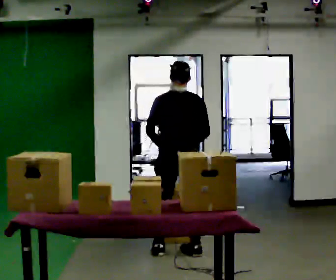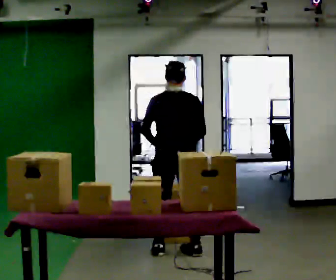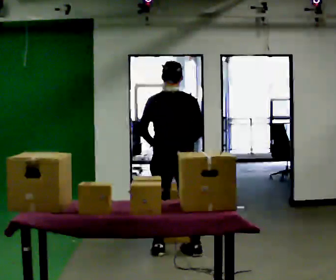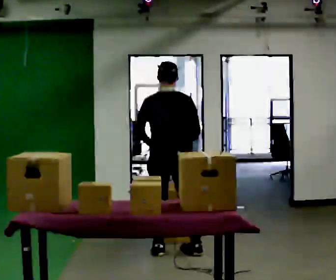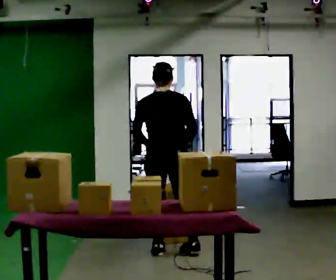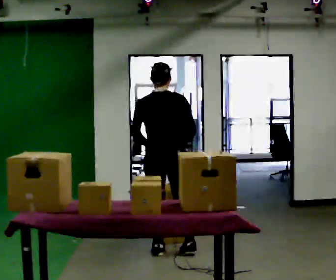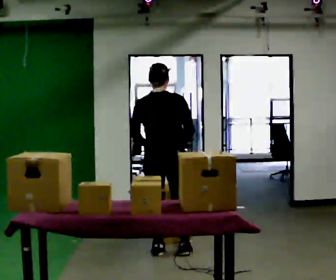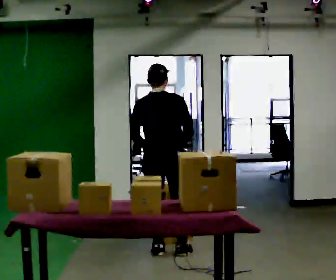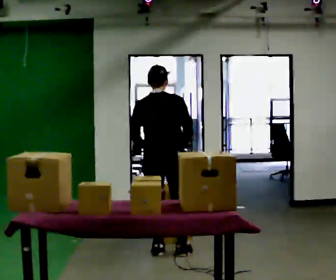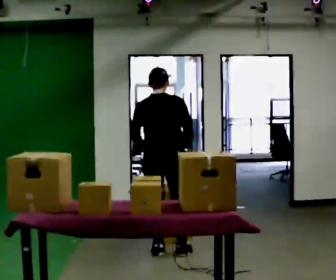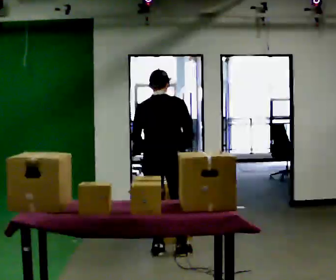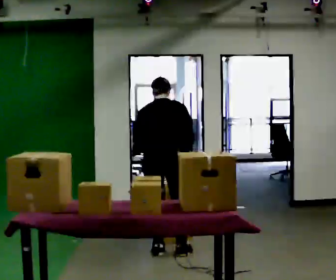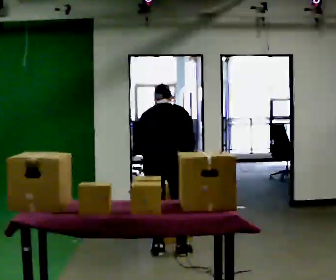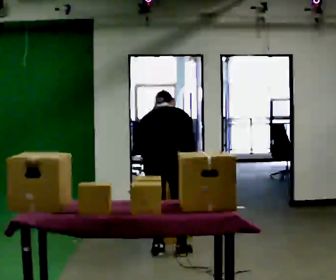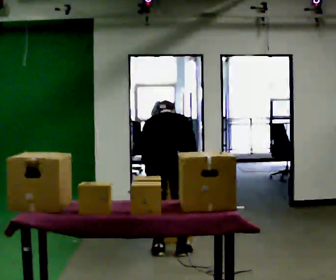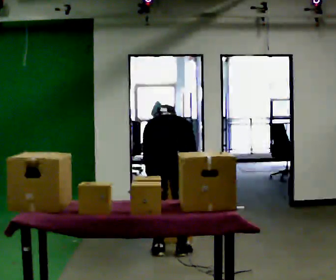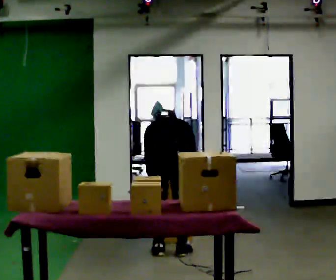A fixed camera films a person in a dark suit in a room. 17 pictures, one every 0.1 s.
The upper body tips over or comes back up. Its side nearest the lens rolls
upward.
The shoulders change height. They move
downward.
0.0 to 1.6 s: The upper body goes downward. The upper body tips away from the camera, its near side rolling upward, as they bend forward. In the picture their left hand goes downward.
The film runs backward here.
